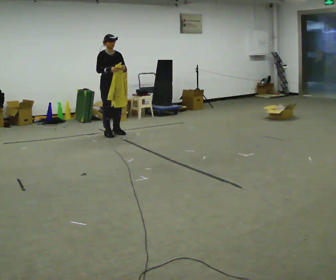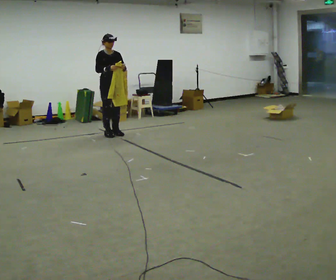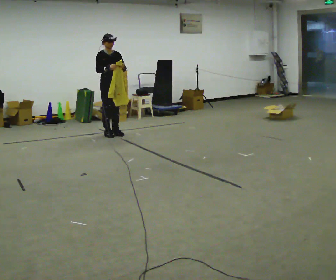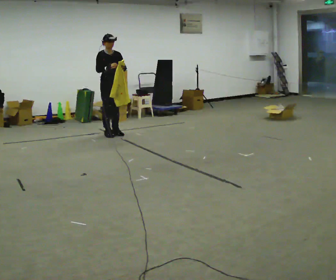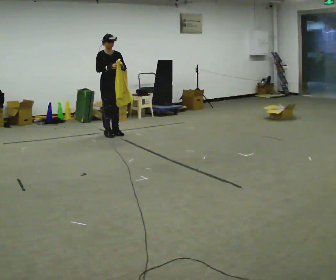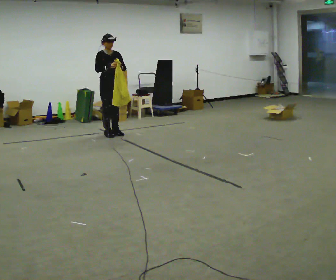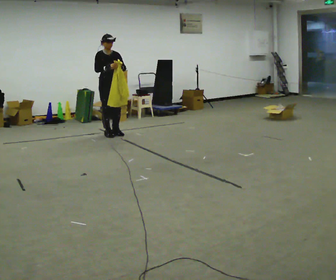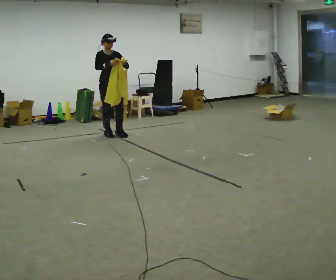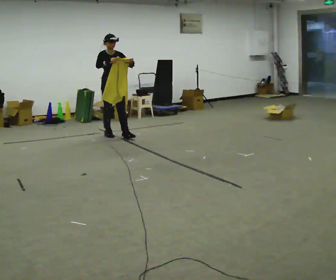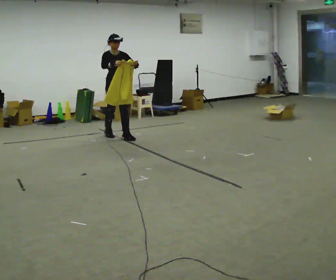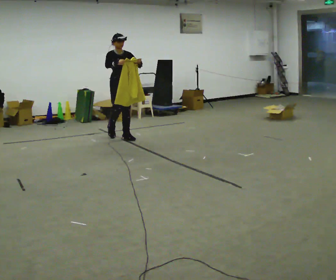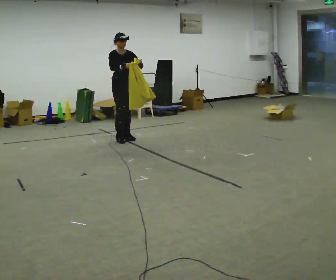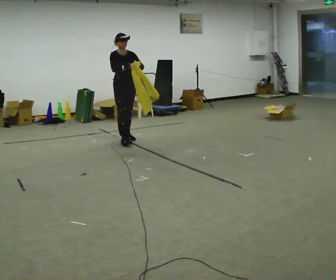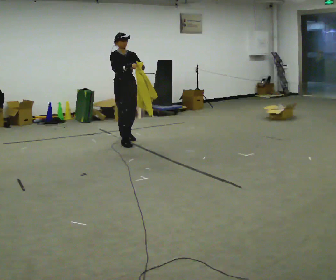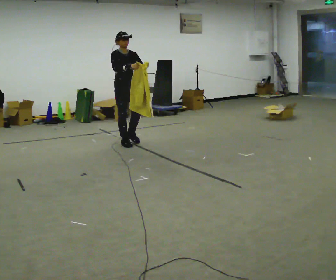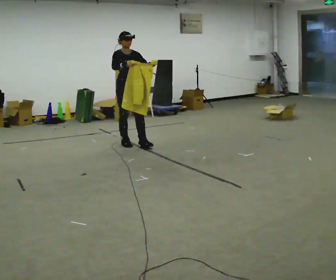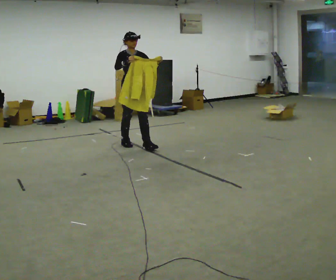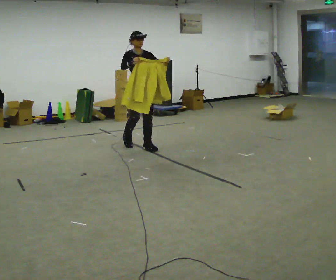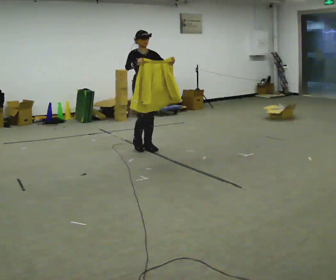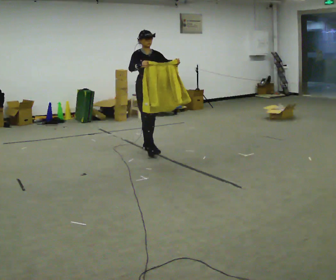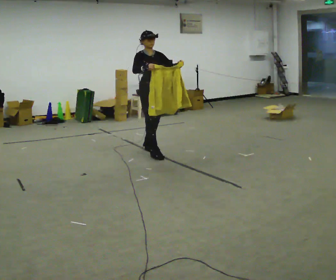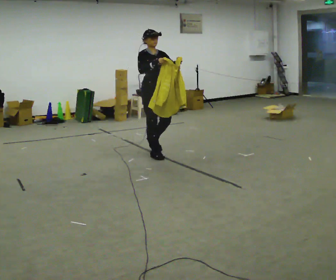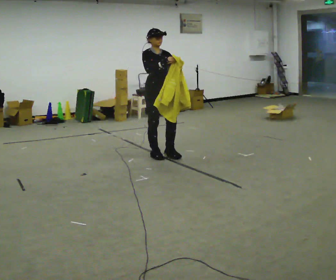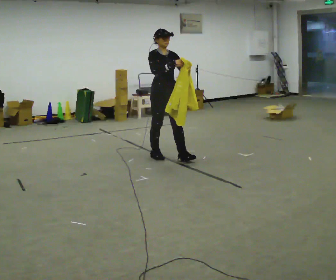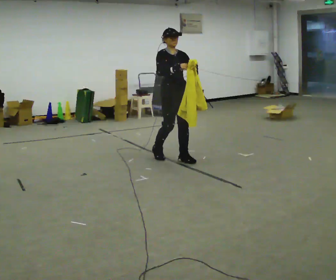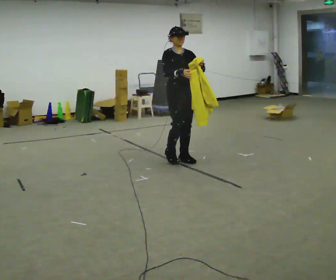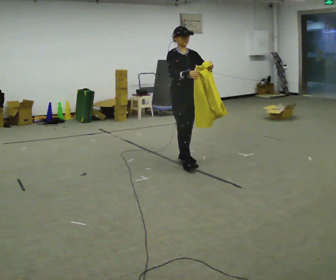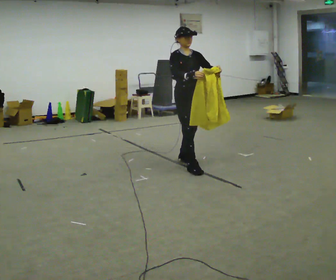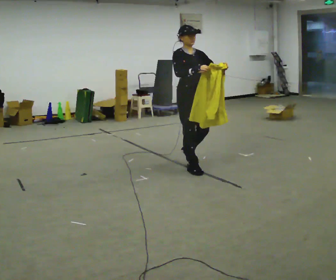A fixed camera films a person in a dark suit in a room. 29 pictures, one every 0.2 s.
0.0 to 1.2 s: The person moves a little, or ends about where they began.
1.2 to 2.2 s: In the picture they go toward the camera and to the right, about 0.25 m in 1 step, which for them is forward.
2.2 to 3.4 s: In the picture they go toward the camera and to the right, about 0.5 m in 2 steps, which for them is forward.
3.4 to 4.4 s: In the picture they go toward the camera and to the right, about 0.5 m in 1 step, which for them is forward.
4.4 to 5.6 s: In the picture they go toward the camera and to the right, about 0.75 m in 2 steps, which for them is forward.
The film runs forward here.
